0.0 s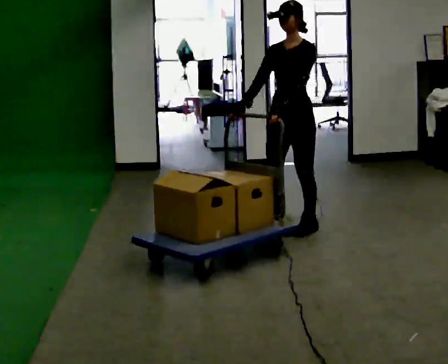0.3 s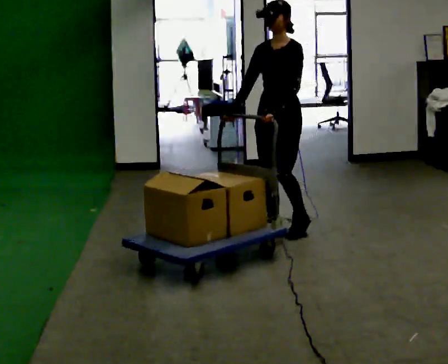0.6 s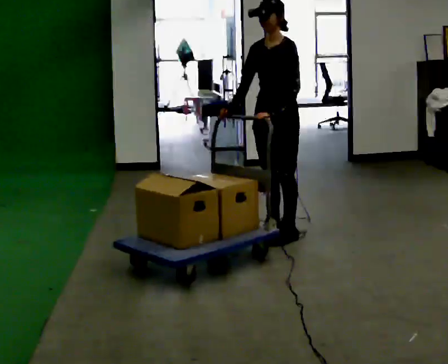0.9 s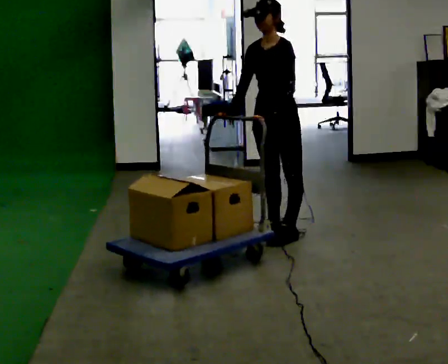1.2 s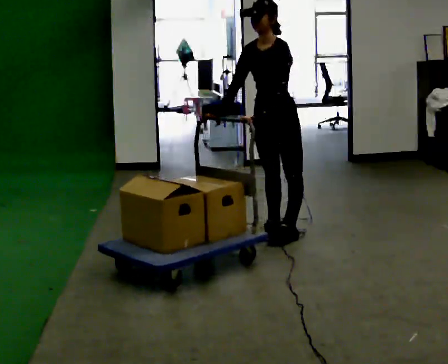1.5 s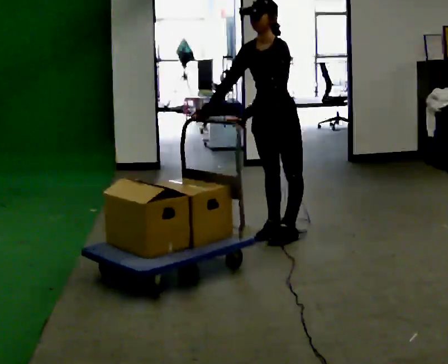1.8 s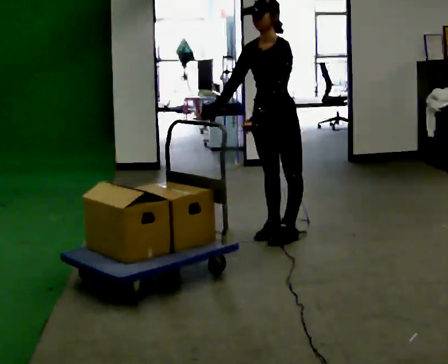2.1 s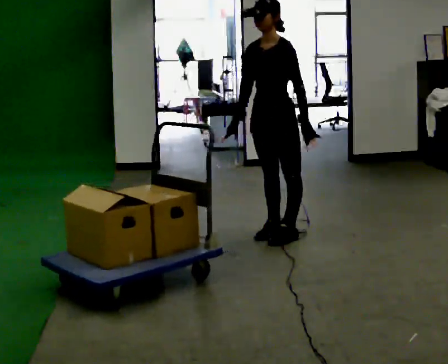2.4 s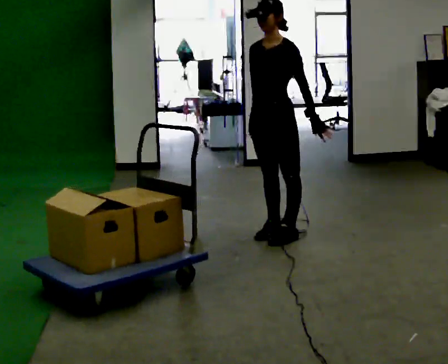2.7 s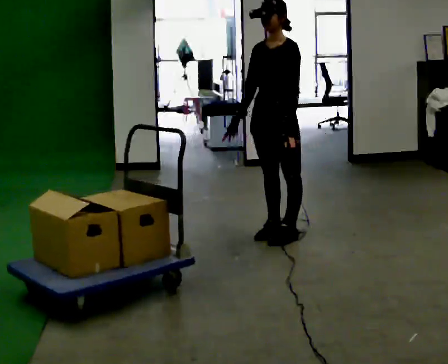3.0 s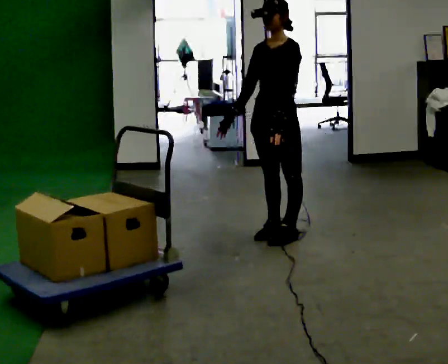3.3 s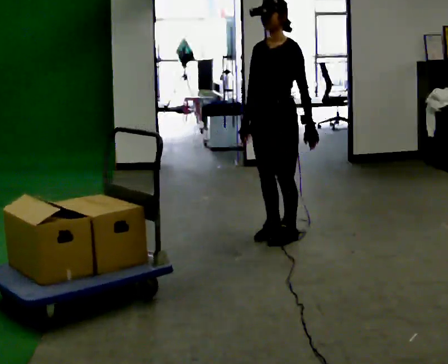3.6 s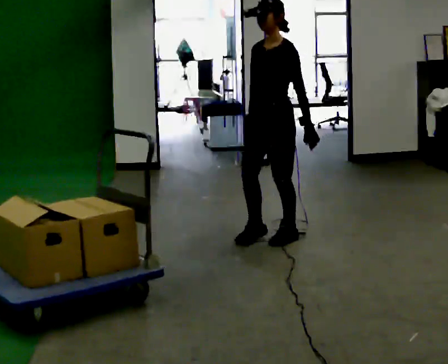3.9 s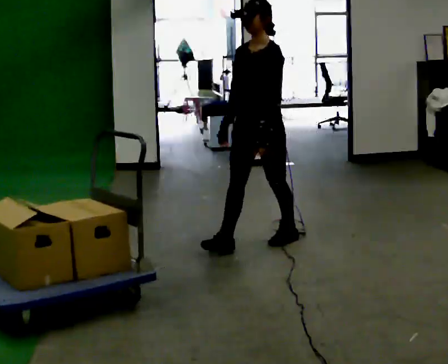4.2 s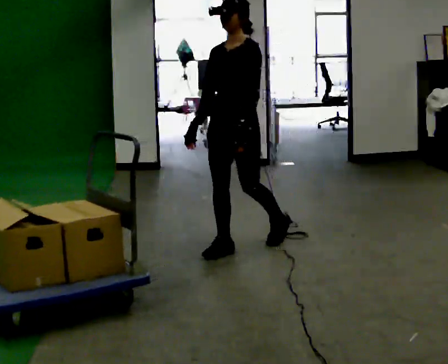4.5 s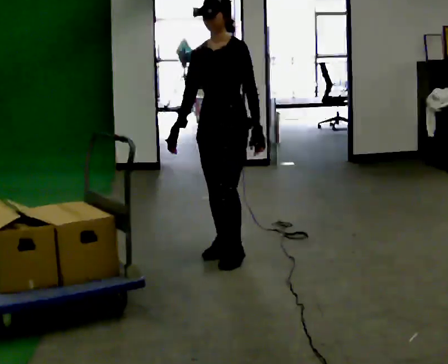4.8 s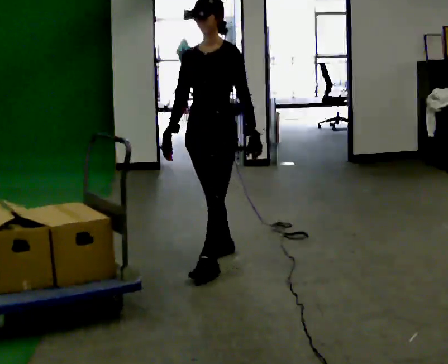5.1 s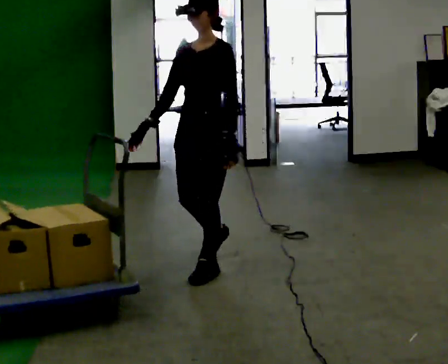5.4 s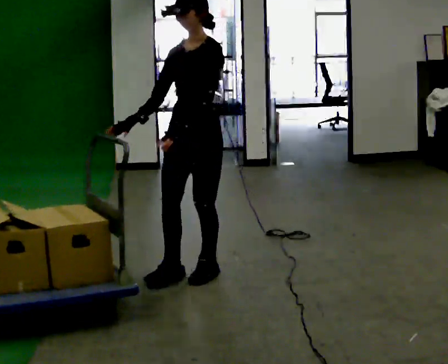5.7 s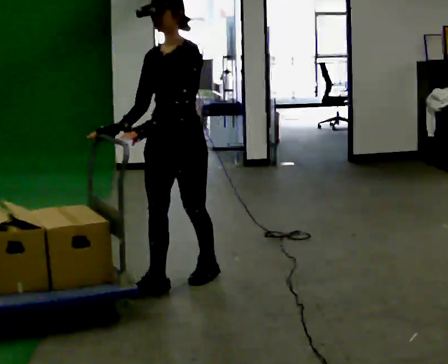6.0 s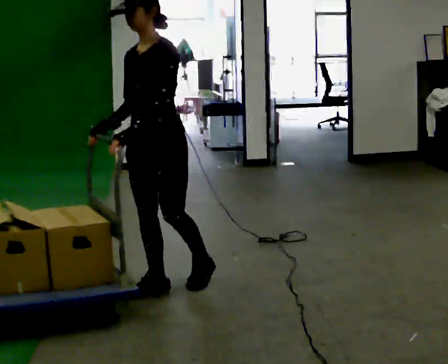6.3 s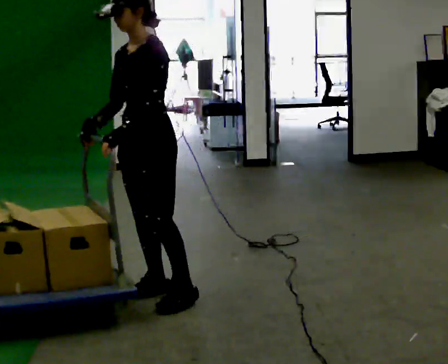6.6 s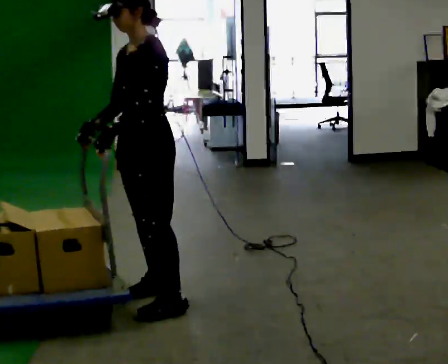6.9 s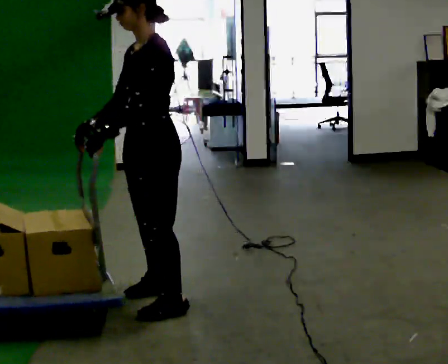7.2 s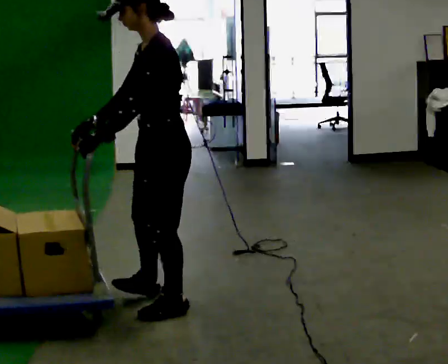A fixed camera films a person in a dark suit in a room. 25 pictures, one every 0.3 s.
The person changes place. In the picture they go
toward the camera.
0.0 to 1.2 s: The person moves a little, or ends about where they began.
1.2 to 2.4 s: In the picture their left hand goes to the right.
2.4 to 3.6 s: The person moves a little, or ends about where they began.
3.6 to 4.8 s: In the picture they go toward the camera and to the left, about 0.5 m in 2 steps, which for them is forward.
4.8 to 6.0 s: In the picture they go toward the camera and to the left, about 0.5 m in 1 step, which for them is forward.
6.0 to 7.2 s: Seen from above the body turns clockwise, about 45 degrees: to their right, with its near side sliding to the left. In the picture they go toward the camera, about 0.25 m in 1 step, which for them is to their left.
The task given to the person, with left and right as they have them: Stand still with your hands on the cart. When the operator says go, get it moving, push it a few metres, then bring it to a stop. Repeat until the operator says stop.
The film runs forward here.
